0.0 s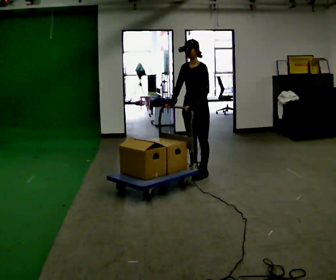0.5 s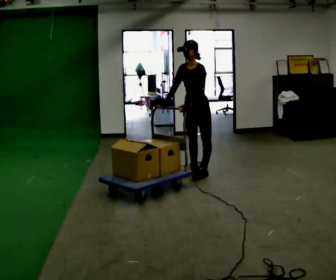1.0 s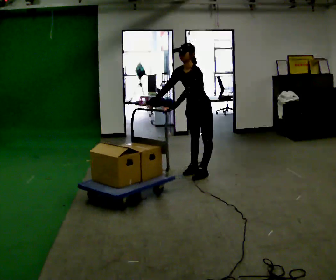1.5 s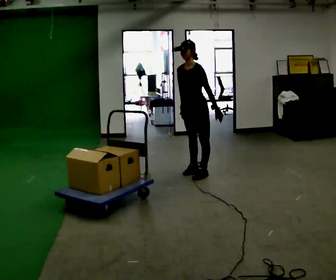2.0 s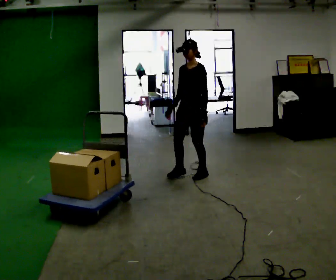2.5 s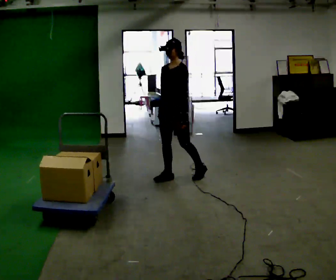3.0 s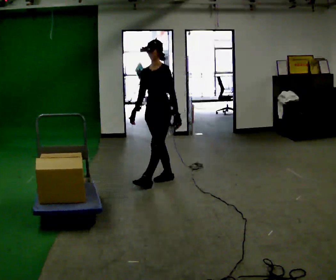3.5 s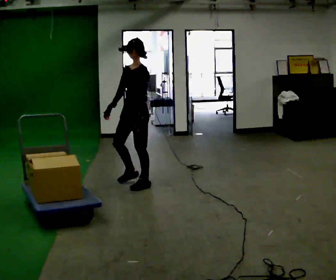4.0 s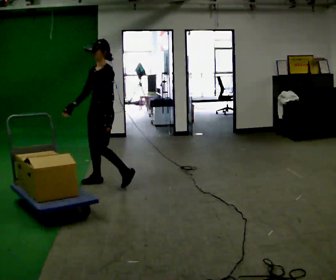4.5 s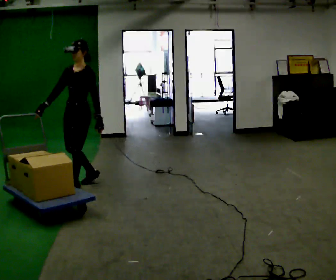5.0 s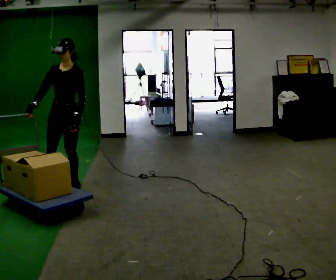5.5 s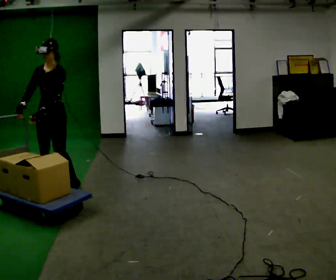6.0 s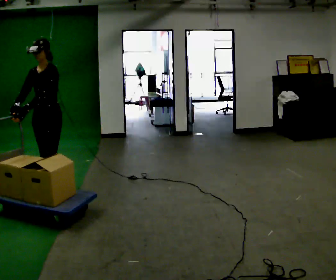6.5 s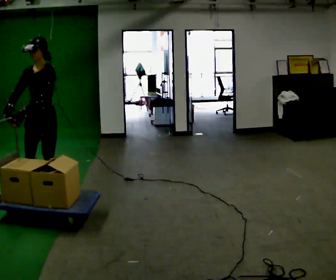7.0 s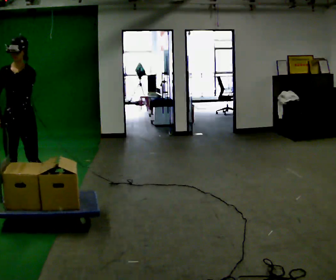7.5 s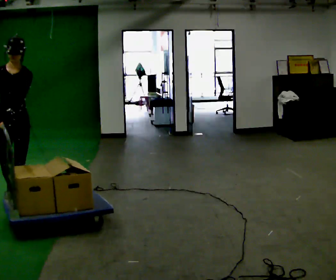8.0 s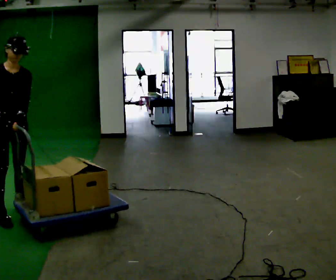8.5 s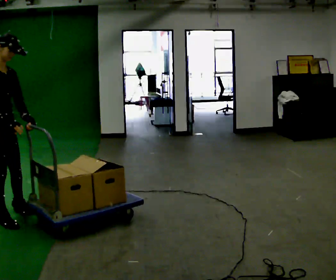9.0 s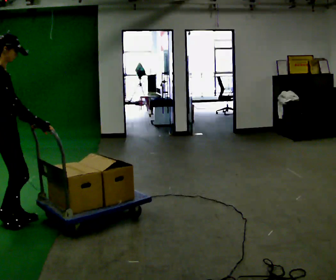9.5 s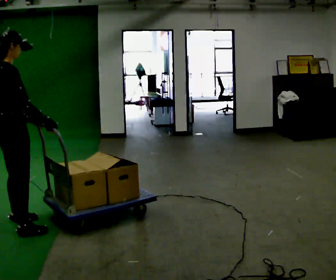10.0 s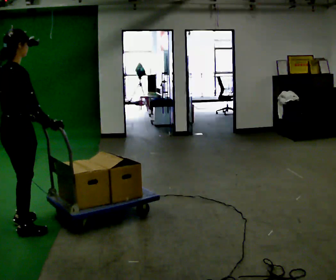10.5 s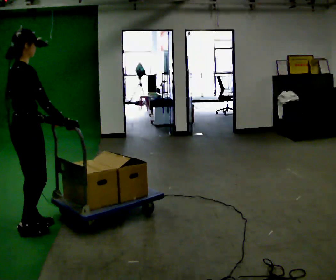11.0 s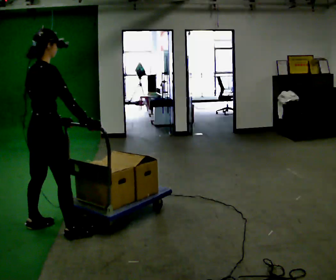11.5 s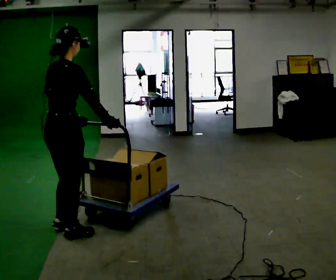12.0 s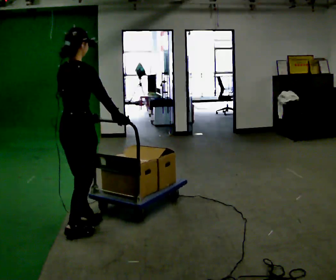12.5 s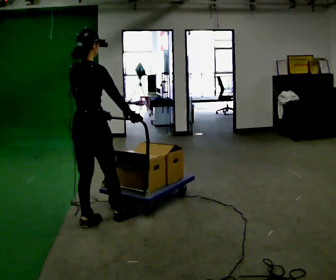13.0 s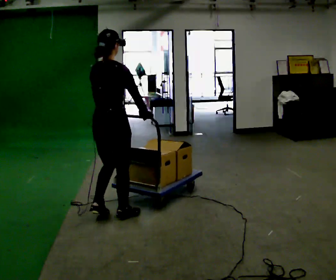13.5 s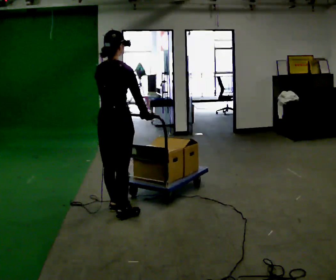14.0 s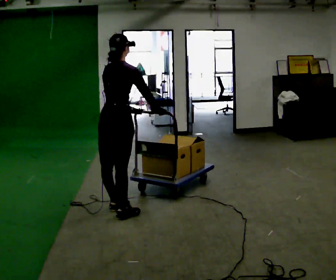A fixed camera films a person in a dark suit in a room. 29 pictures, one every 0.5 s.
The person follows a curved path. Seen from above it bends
counterclockwise.
0.0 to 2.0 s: The person moves a little, or ends about where they began.
2.0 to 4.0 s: In the picture they go to the left, about 1 m in 3 steps, which for them is forward and to their right.
4.0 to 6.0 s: Seen from above the body turns counterclockwise, about 30 degrees: to their left, with its near side sliding to the right. In the picture they go to the left, about 0.5 m in 3 steps, which for them is forward and to their right.
6.0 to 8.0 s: Seen from above the body turns counterclockwise, about 60 degrees: to their left, with its near side sliding to the right. In the picture they go toward the camera and to the left, about 0.75 m in 2 steps.
8.0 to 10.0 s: The part of the body nearest the lens slides to the right as the person turns to their left by about 105 degrees. In the picture they go toward the camera, about 0.5 m in 3 steps.
10.0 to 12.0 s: In the picture they go to the right, about 0.5 m in 3 steps, which for them is forward.
12.0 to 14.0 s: In the picture they go away from the camera and to the right, about 0.5 m in 2 steps, which for them is forward.
The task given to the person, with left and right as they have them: Stand still with your hands on the cart. When the operator says go, get it moving, push it a few metres, then bring it to a stop. Repeat until the operator says stop.
The film runs forward here.
